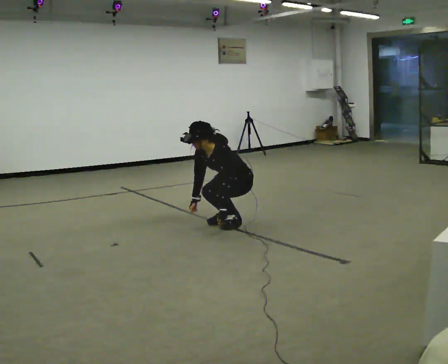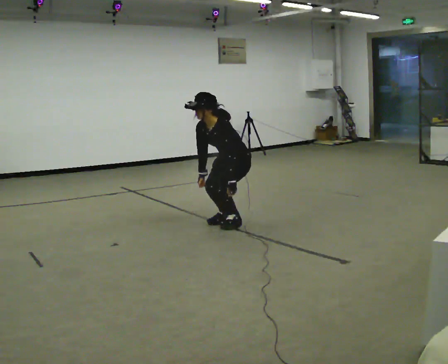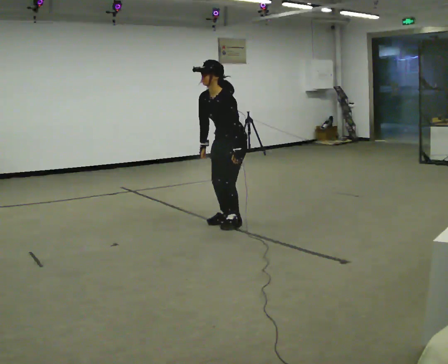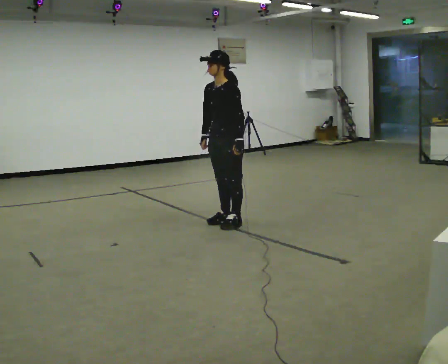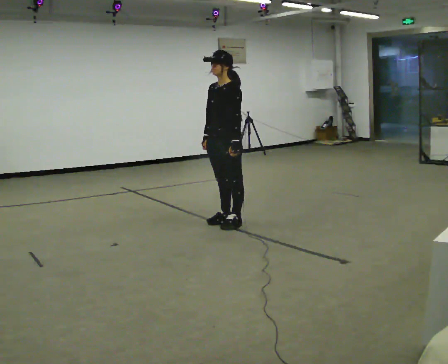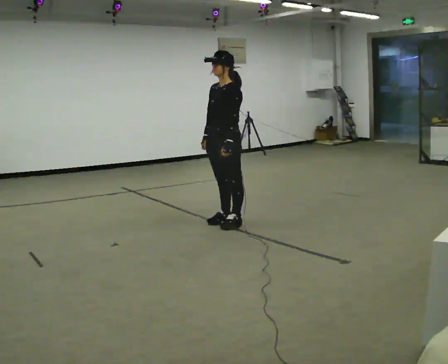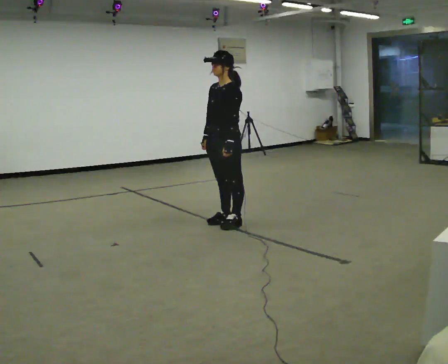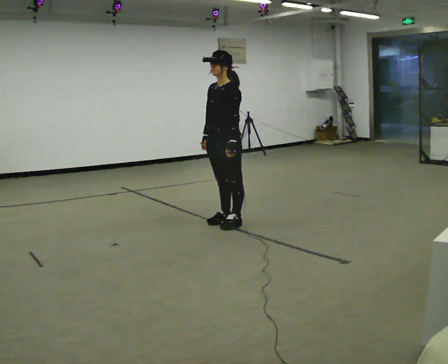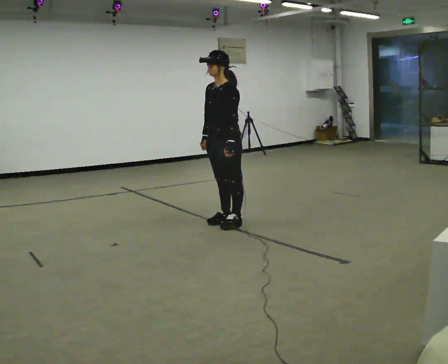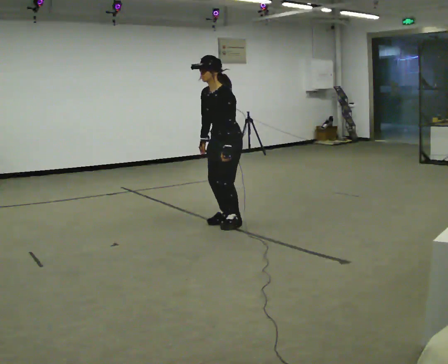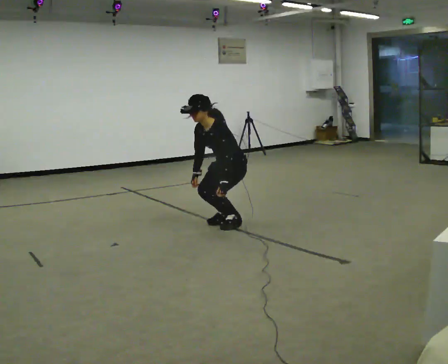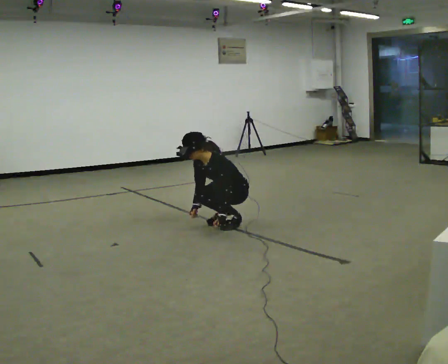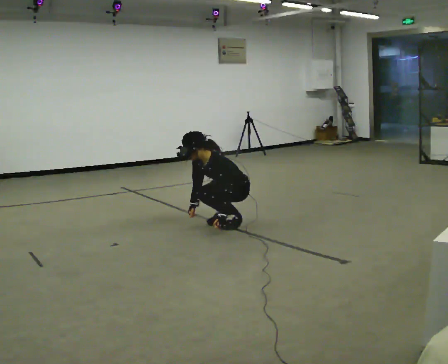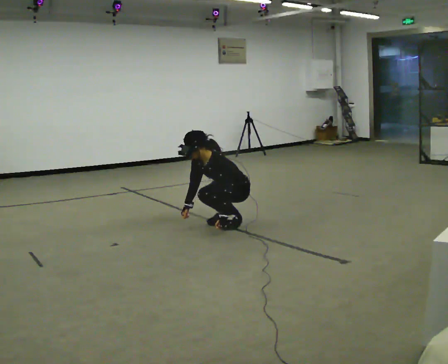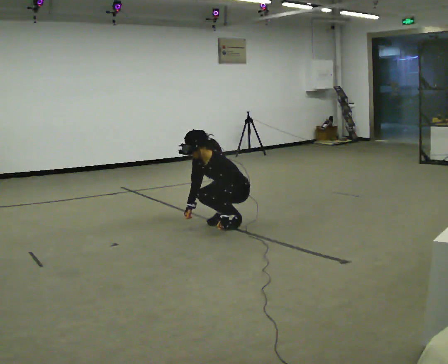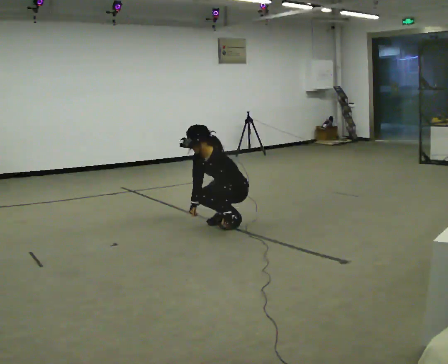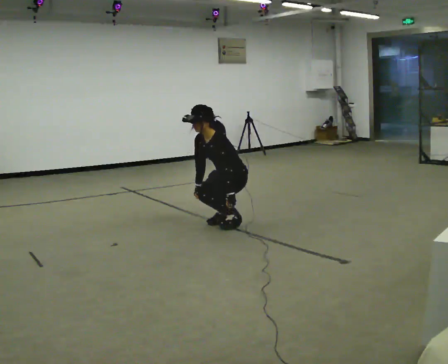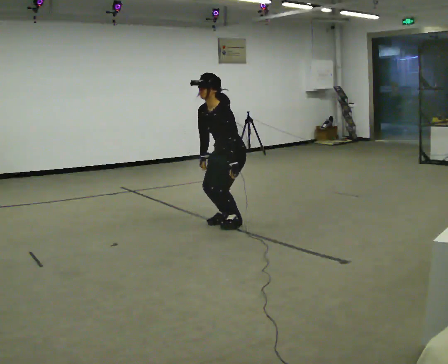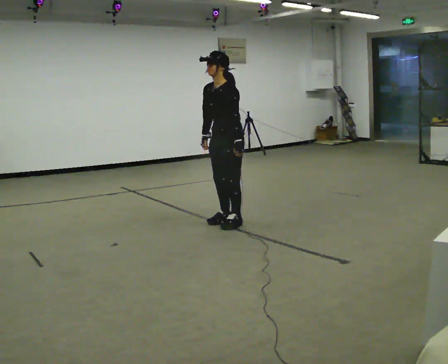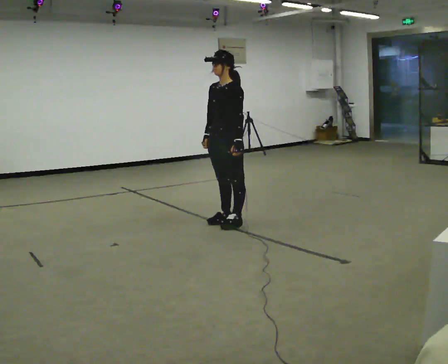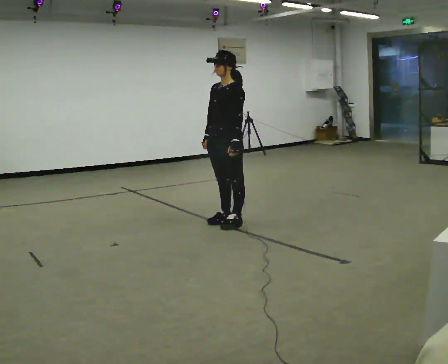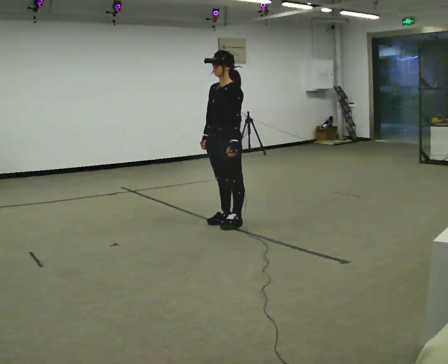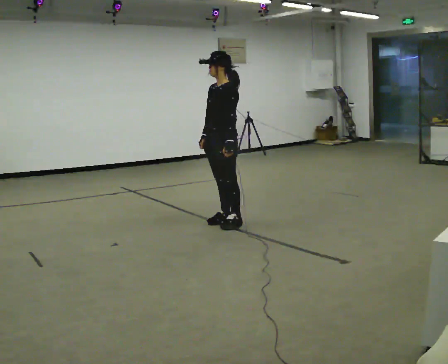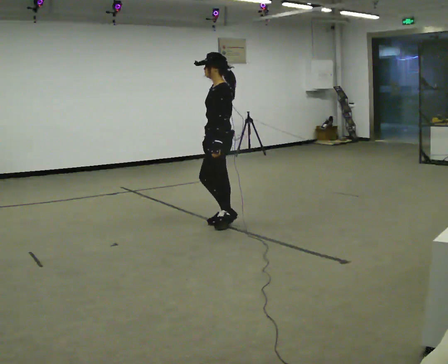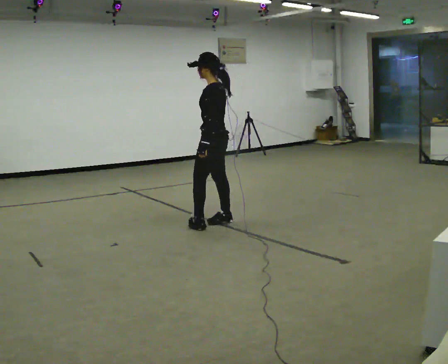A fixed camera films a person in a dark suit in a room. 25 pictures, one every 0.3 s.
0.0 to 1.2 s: The shoulders move upward. In the picture the upper body tilts clockwise, shoulders to the right, as they lean back or straighten. In the picture their left hand goes upward.
1.2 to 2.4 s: The person moves a little, or ends about where they began.
2.4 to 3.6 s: The upper body goes downward. In the picture the upper body tilts counterclockwise, shoulders to the left, as they bend forward. In the picture their left hand goes downward.
3.6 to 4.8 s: The shoulders move upward. In the picture the upper body tilts clockwise, shoulders to the right, as they lean back or straighten.
4.8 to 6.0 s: The upper body goes upward. In the picture the upper body tilts clockwise, shoulders to the right, as they lean back or straighten. In the picture their left hand goes upward.
6.0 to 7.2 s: The part of the body nearest the lens slides to the left as the person turns to their right by about 60 degrees.
The film runs forward here.
